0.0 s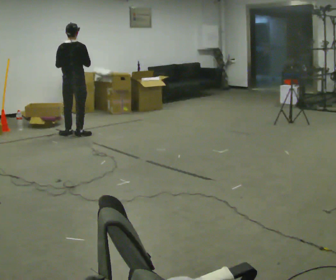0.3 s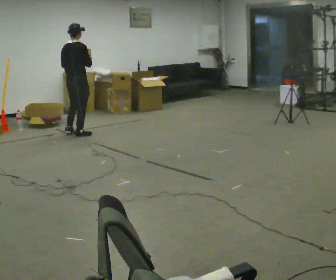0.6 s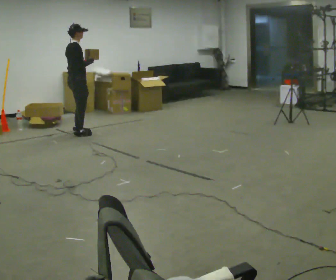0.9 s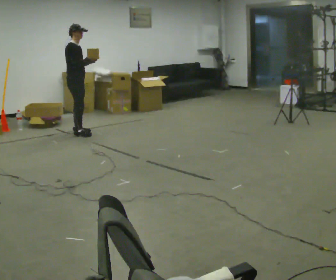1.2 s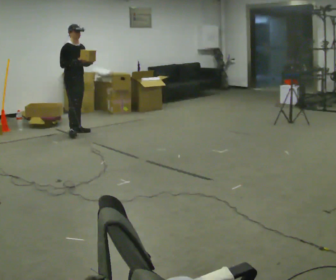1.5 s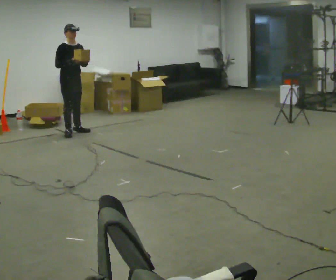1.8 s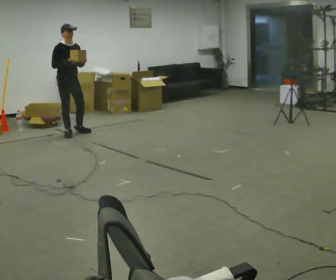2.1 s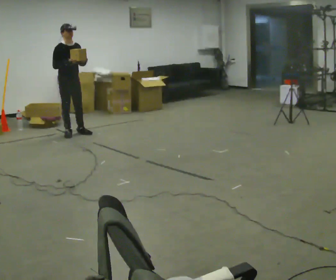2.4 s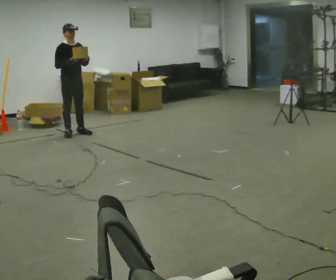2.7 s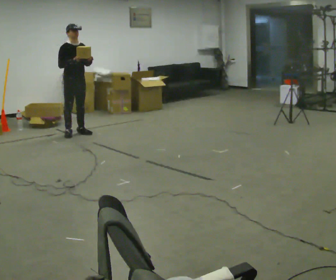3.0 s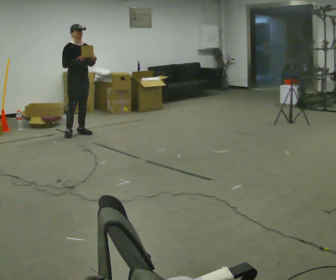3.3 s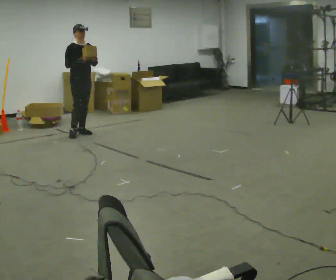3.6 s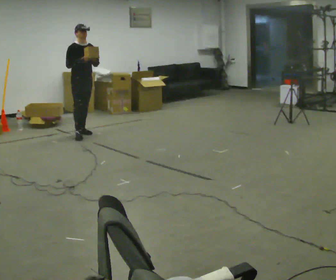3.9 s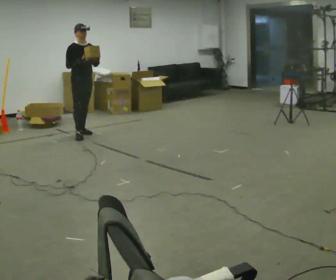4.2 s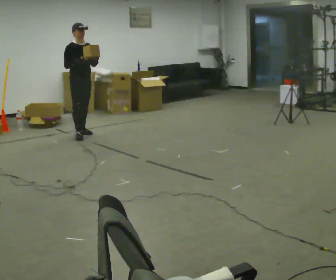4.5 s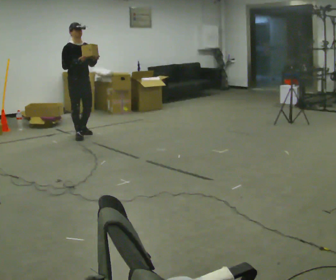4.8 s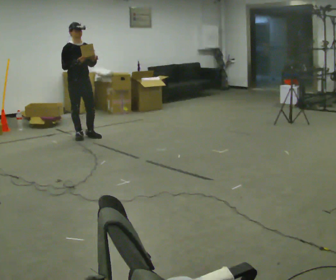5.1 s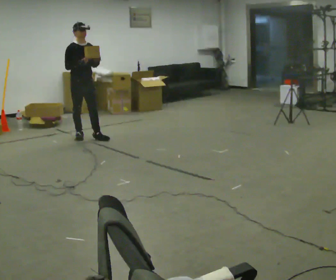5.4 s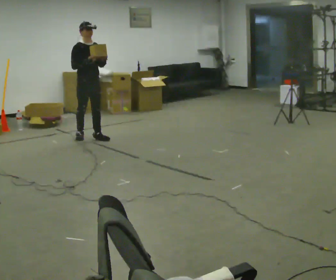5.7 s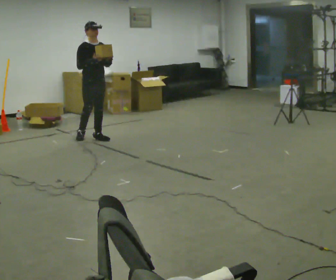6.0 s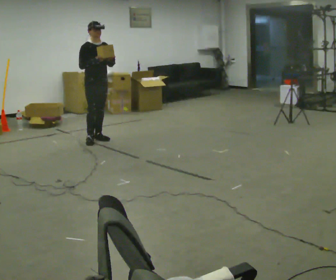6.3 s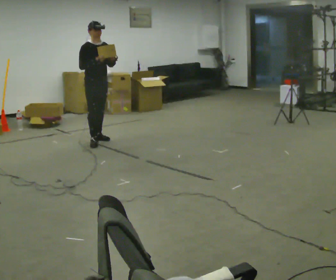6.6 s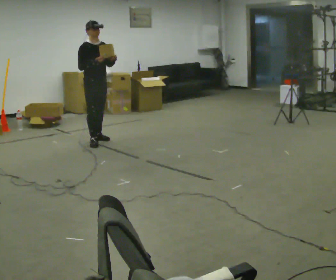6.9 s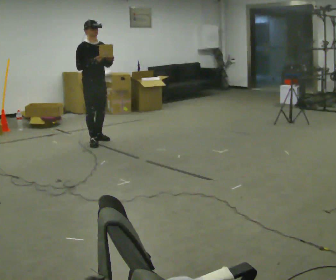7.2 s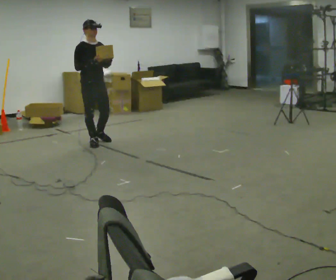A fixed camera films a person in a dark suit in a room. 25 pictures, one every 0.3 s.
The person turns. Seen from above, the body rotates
clockwise.
The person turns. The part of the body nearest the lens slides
to the left.
0.0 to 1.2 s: The person turns about 120 degrees to their right, clockwise seen from above, so the part of the body nearest the lens slides to the left. In the picture they go away from the camera, about 0.25 m in 1 step. In the picture their left hand goes to the right.
1.2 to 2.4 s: The person moves a little, or ends about where they began.
2.4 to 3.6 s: In the picture they go to the right, about 0.25 m in 1 step, which for them is to their left.
3.6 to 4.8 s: In the picture they go toward the camera, about 0.25 m, which for them is forward and to their right.
4.8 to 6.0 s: In the picture they go to the right, about 0.25 m in 1 step, which for them is forward and to their left.
6.0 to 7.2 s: In the picture they go toward the camera, about 0.25 m in 1 step, which for them is forward and to their right.
The film runs forward here.
